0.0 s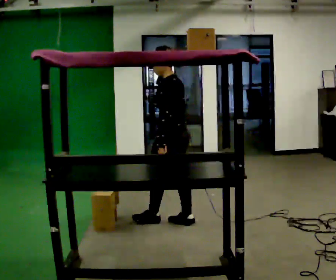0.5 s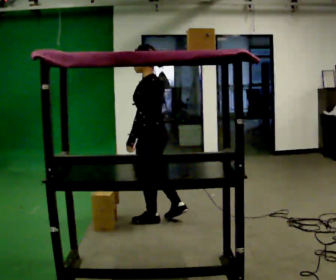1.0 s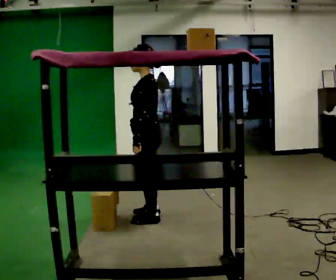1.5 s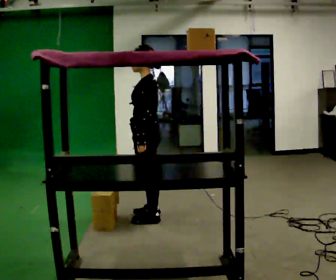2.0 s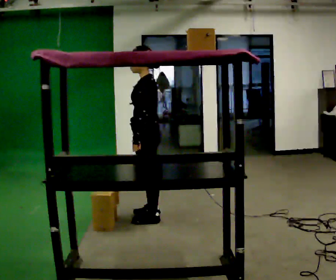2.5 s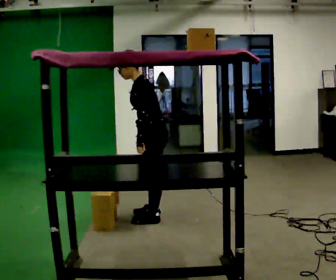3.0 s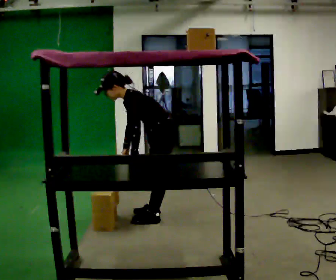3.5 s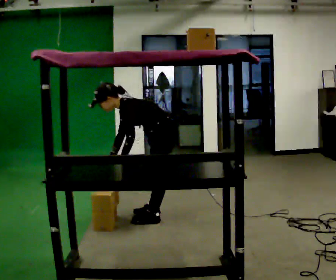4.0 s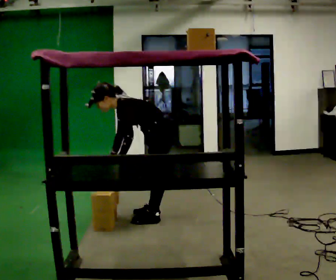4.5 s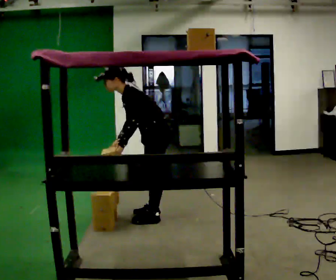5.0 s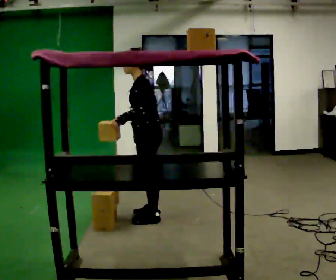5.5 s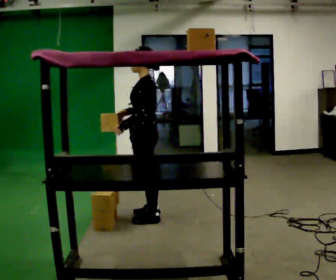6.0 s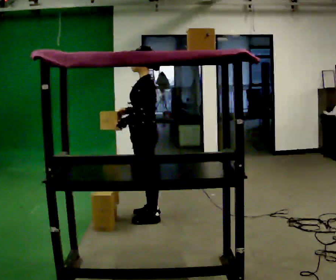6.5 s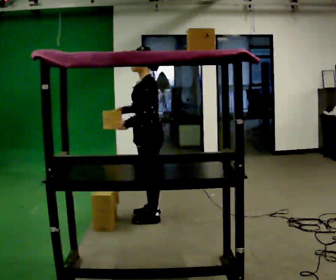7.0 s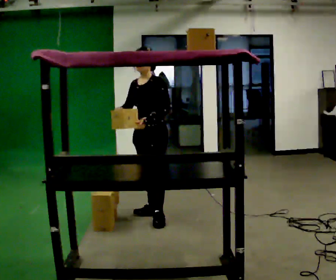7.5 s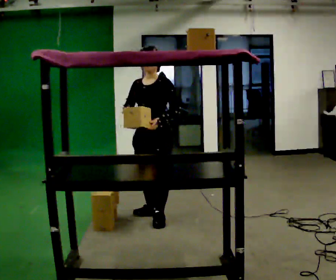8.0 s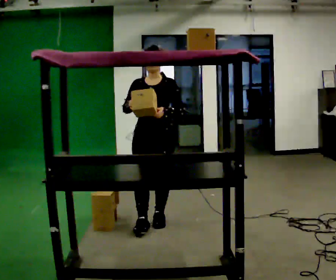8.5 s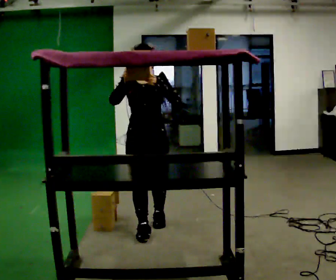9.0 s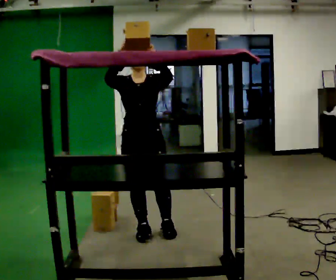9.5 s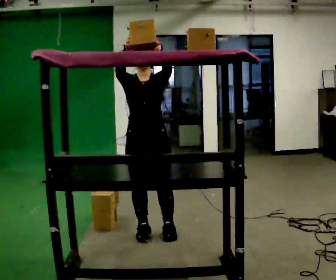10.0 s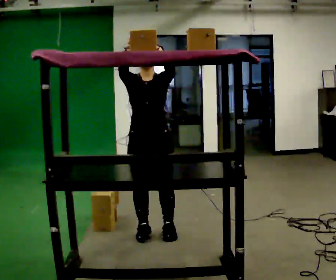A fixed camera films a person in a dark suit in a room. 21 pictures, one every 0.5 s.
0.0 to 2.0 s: In the picture they go to the left, about 0.25 m in 1 step, which for them is forward and to their right.
2.0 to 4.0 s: The upper body goes downward. In the picture the upper body tilts counterclockwise, shoulders to the left, as they bend forward.
4.0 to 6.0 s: The shoulders move upward. In the picture the upper body tilts clockwise, shoulders to the right, as they lean back or straighten. In the picture their right hand goes upward.
6.0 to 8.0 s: The person turns about 75 degrees to their left, counterclockwise seen from above, so the part of the body nearest the lens slides to the right. In the picture they go toward the camera, about 0.25 m.
8.0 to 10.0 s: In the picture they go toward the camera, about 0.25 m in 2 steps, which for them is forward. In the picture their right hand goes upward.
The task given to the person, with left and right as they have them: Pick an object up off the floor at your feet and place it on the highest shelf you can comfortably reach. Repeat at your own pace until the operator says stop. Keep both feet on the marked spots for the whole take. If you have to step, stop and tell the operator.
The film runs forward here.
